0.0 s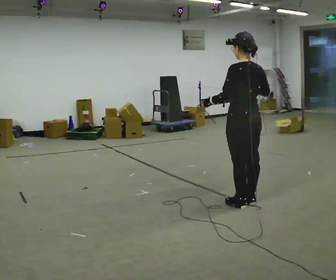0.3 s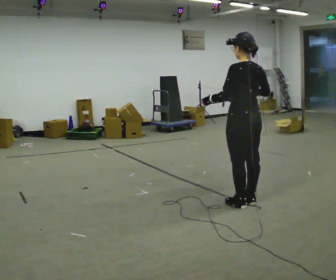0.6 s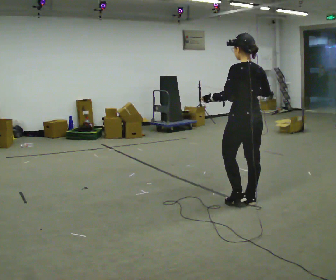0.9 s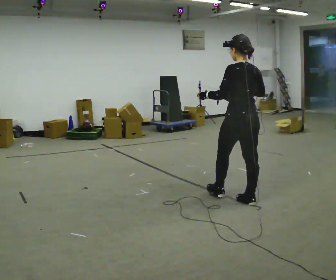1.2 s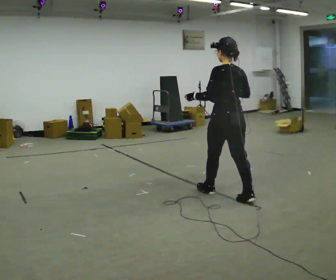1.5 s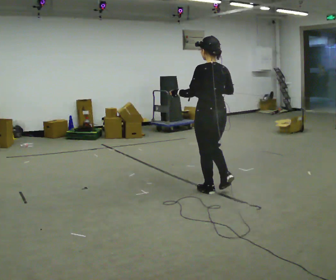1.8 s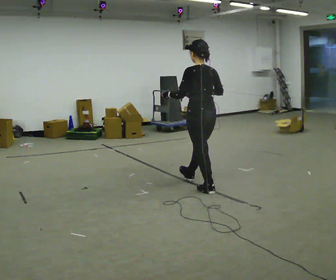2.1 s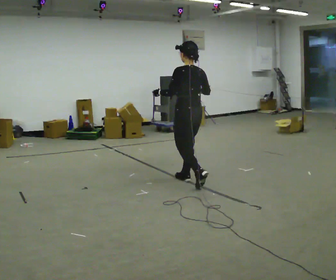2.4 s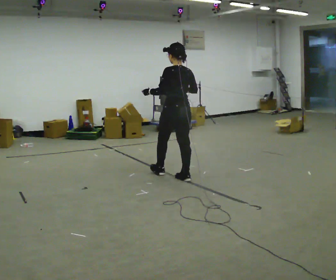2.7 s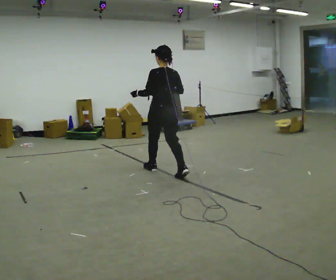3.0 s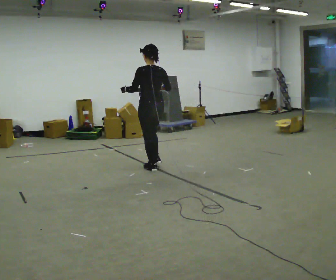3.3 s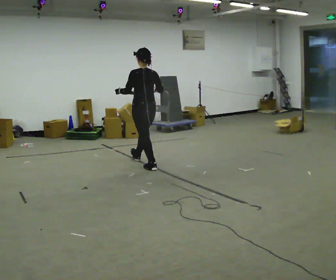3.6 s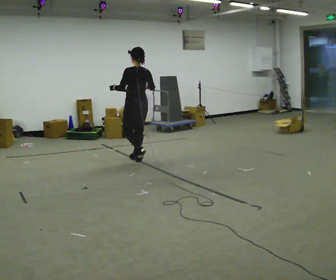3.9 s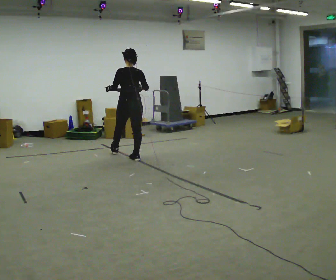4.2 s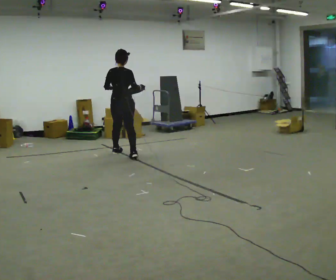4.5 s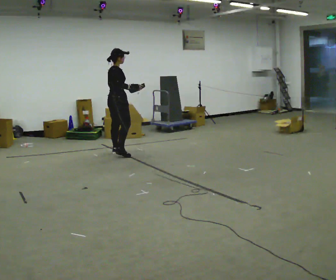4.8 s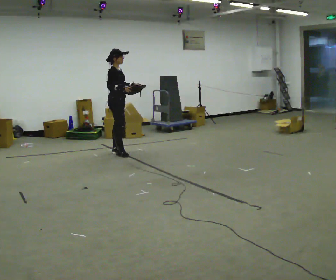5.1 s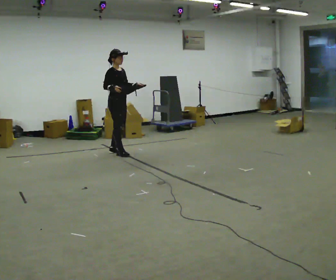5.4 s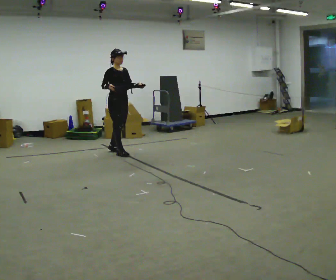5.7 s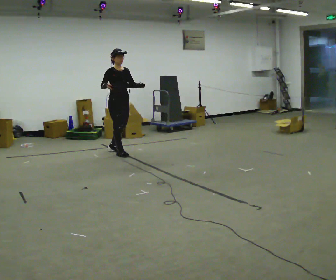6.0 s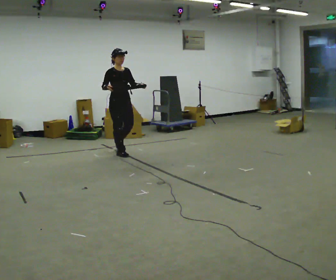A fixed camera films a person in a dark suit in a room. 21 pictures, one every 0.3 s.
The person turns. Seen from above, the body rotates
clockwise.
The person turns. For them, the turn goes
to their right.
0.0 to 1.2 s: In the picture they go away from the camera, about 0.25 m in 1 step, which for them is forward.
1.2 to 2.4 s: In the picture they go away from the camera and to the left, about 1 m in 1 step, which for them is forward.
2.4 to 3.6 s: In the picture they go away from the camera and to the left, about 1 m in 2 steps, which for them is forward.
3.6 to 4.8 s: The part of the body nearest the lens slides to the left as the person turns to their right by about 135 degrees. In the picture they go away from the camera and to the left, about 0.75 m in 2 steps.
4.8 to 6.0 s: The part of the body nearest the lens slides to the left as the person turns to their right by about 45 degrees.
The film runs forward here.
